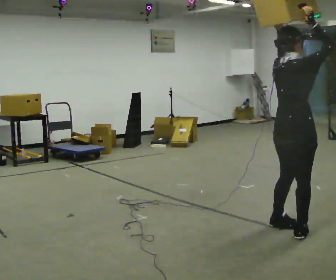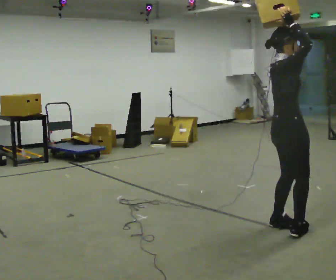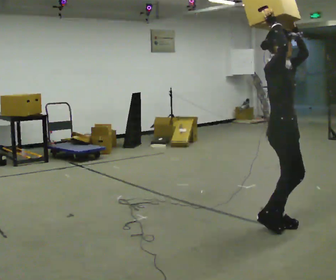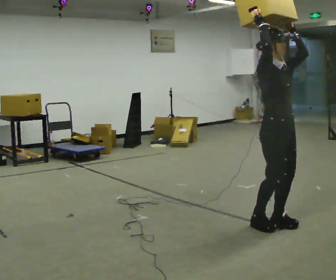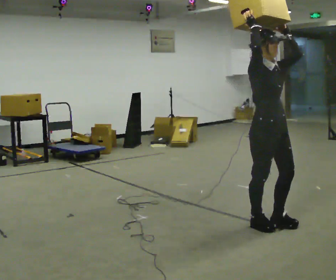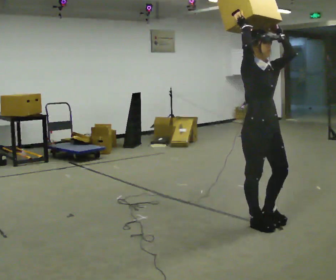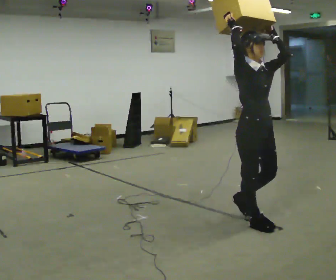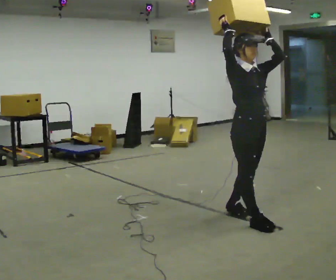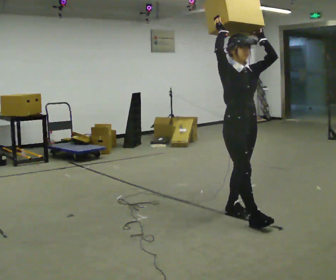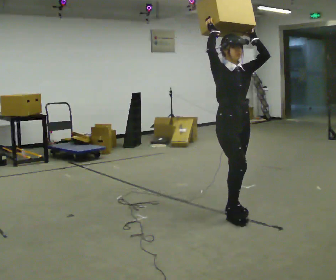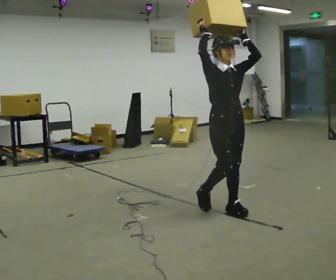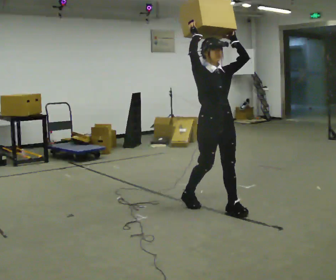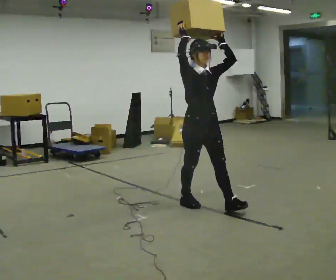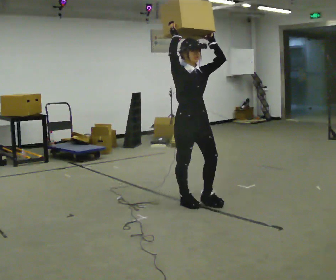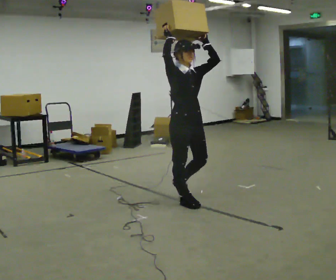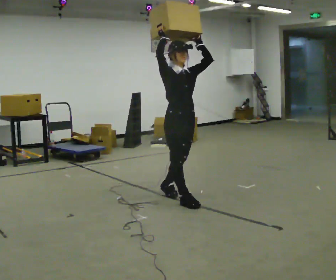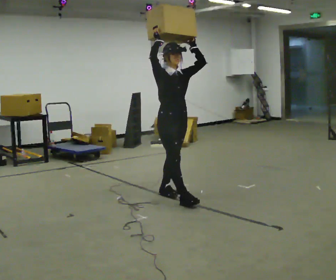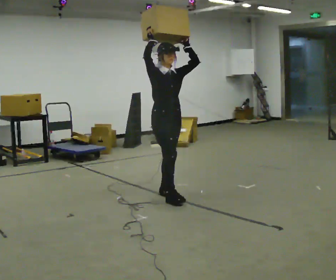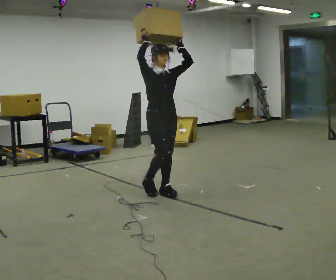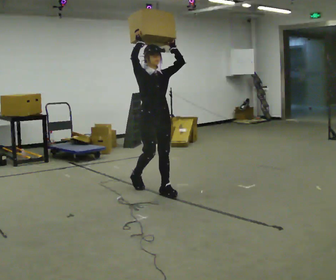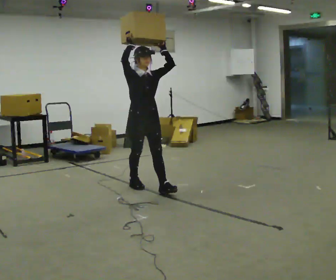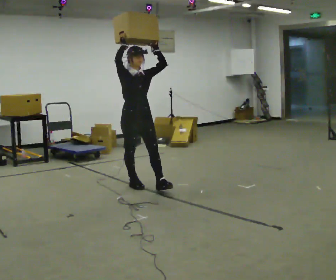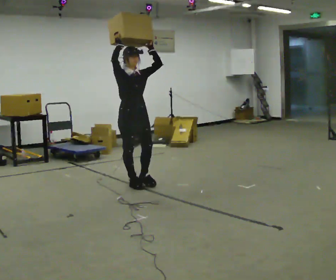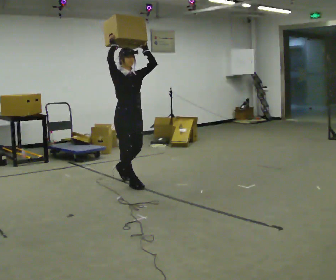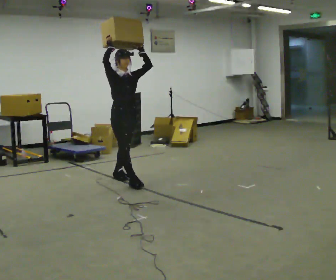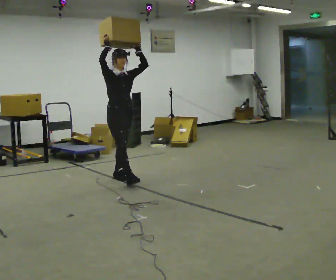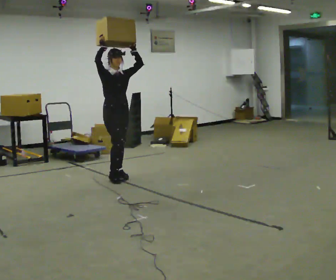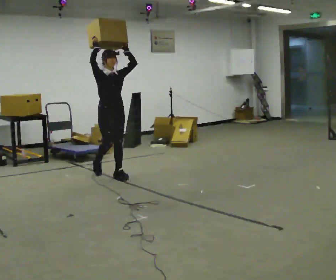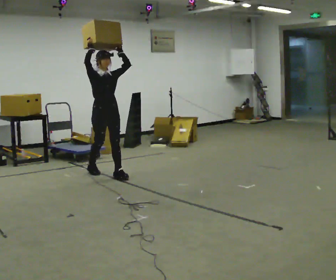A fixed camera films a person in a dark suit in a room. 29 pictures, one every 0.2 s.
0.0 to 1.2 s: Seen from above the body turns clockwise, about 75 degrees: to their right, with its near side sliding to the left. In the picture they go to the left and away from the camera, about 0.5 m in 2 steps.
1.2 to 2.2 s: In the picture they go away from the camera and to the left, about 0.5 m in 1 step, which for them is backward.
2.2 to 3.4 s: In the picture they go away from the camera and to the left, about 0.5 m in 2 steps, which for them is backward.
3.4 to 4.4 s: In the picture they go to the left and away from the camera, about 0.5 m in 1 step, which for them is backward.
4.4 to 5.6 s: In the picture they go away from the camera and to the left, about 0.75 m in 1 step, which for them is backward.
The film runs backward here.
